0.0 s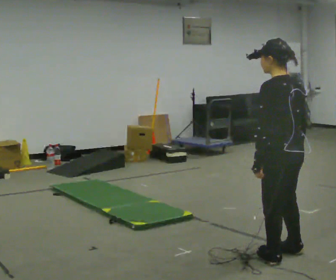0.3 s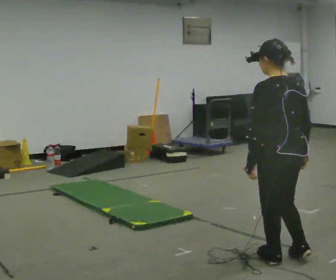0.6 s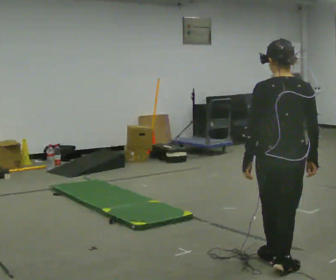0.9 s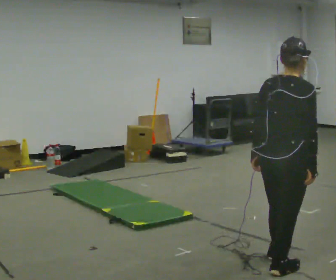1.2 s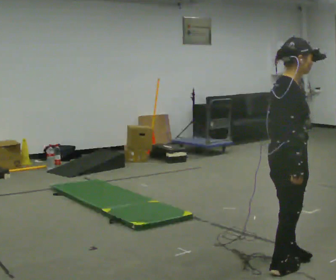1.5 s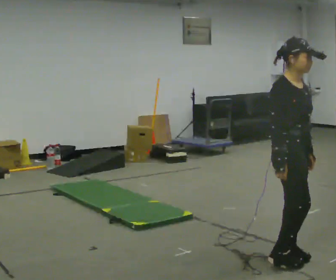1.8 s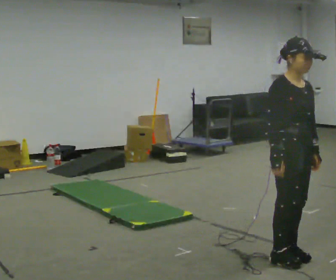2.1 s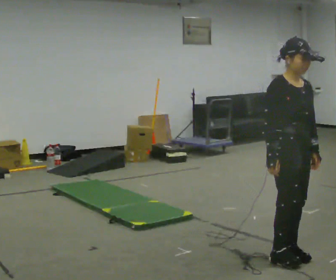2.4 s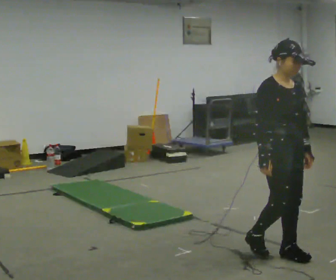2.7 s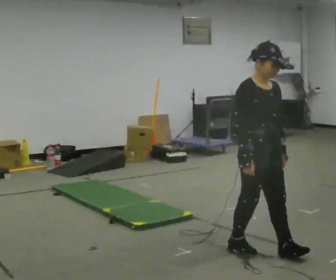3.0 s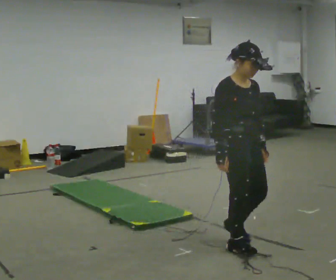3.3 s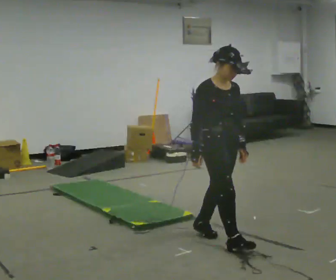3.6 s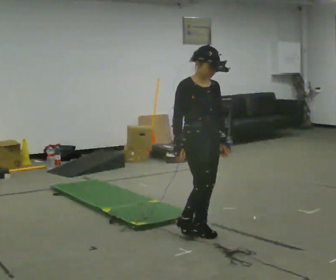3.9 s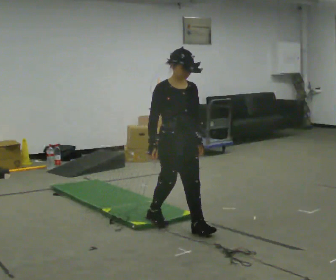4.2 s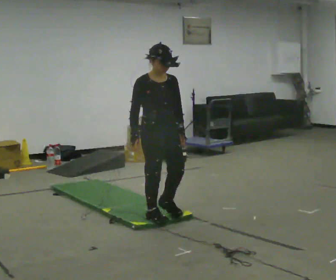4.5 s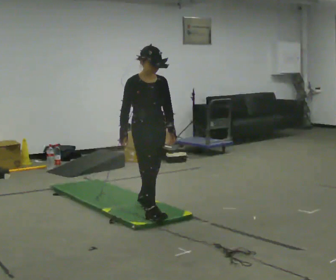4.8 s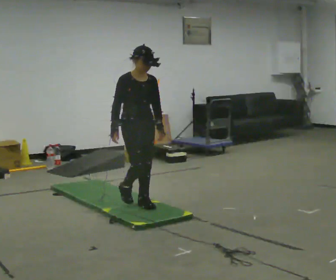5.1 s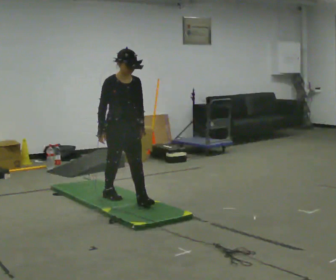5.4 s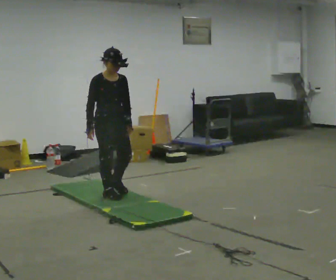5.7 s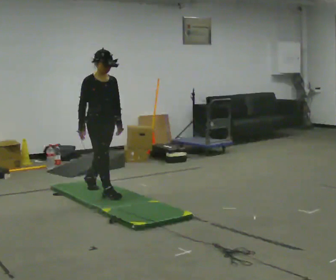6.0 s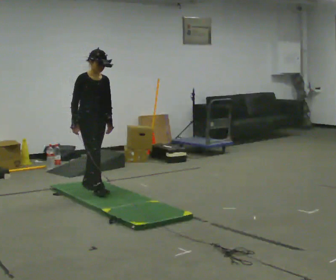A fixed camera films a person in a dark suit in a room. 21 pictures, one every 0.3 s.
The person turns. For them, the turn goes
to their right.
The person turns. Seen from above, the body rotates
clockwise.
0.0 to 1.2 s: The part of the body nearest the lens slides to the left as the person turns to their right by about 120 degrees.
1.2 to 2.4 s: The person turns about 60 degrees to their right, clockwise seen from above, so the part of the body nearest the lens slides to the left. In the picture they go away from the camera, about 0.25 m in 2 steps, which for them is to their left.
2.4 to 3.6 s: In the picture they go away from the camera and to the left, about 0.5 m in 2 steps, which for them is backward.
3.6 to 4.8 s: In the picture they go away from the camera and to the left, about 1 m in 2 steps, which for them is backward.
4.8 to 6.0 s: In the picture they go away from the camera and to the left, about 1 m in 2 steps, which for them is backward.
The film runs backward here.
